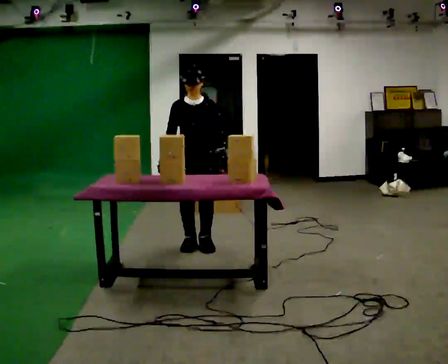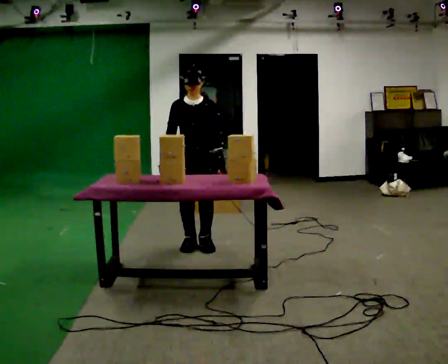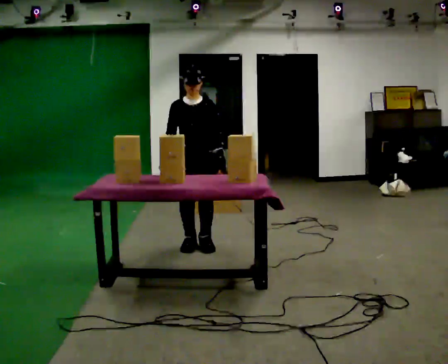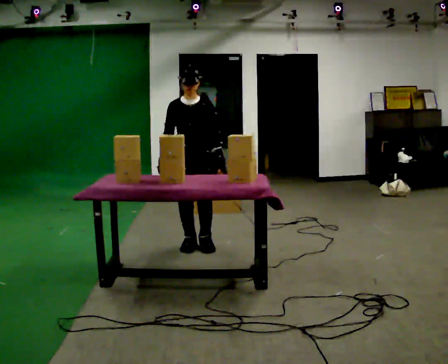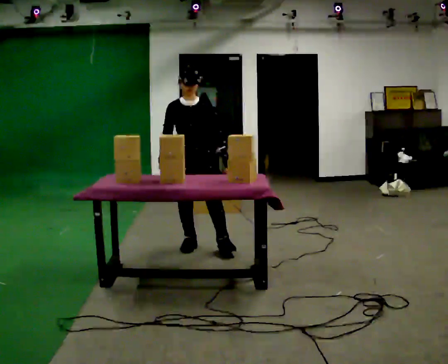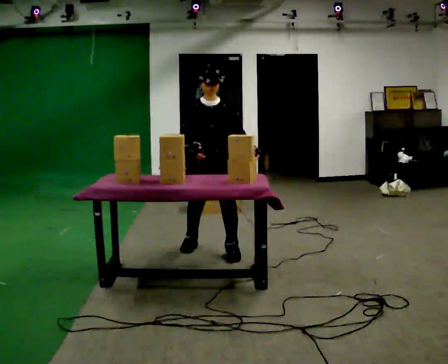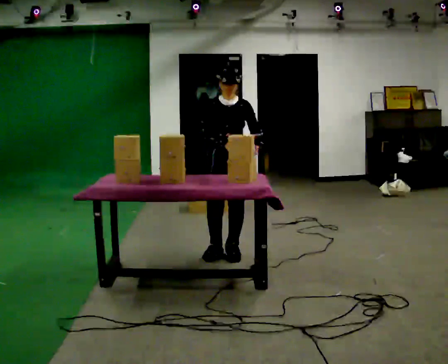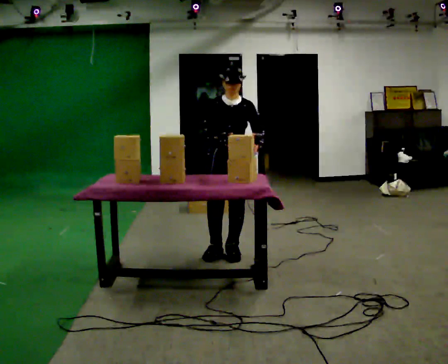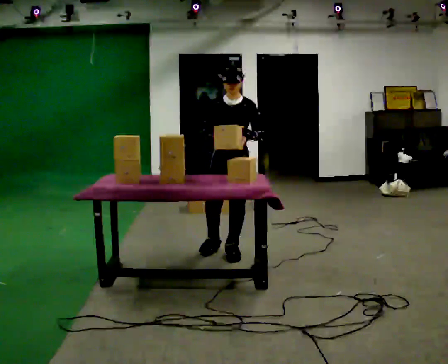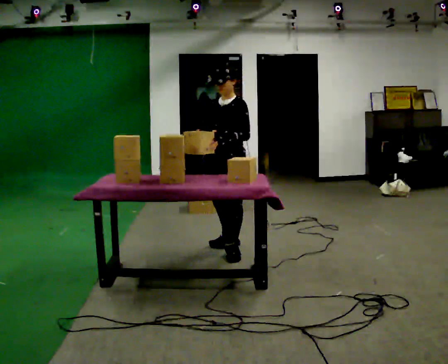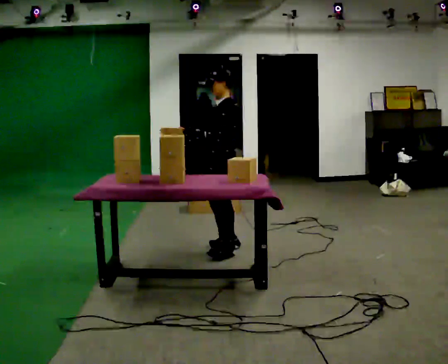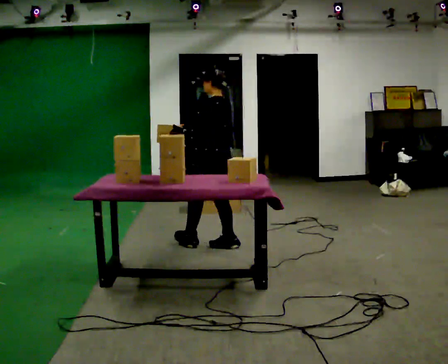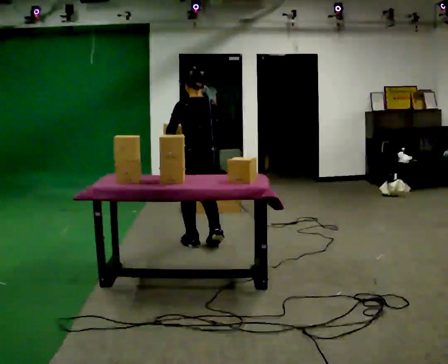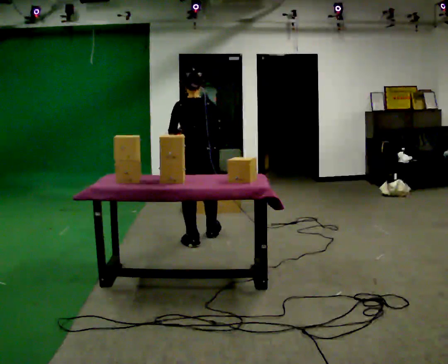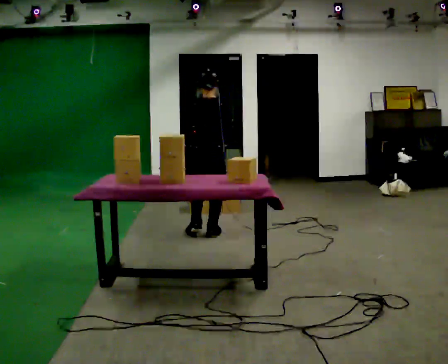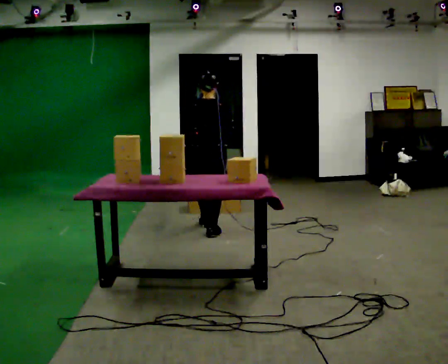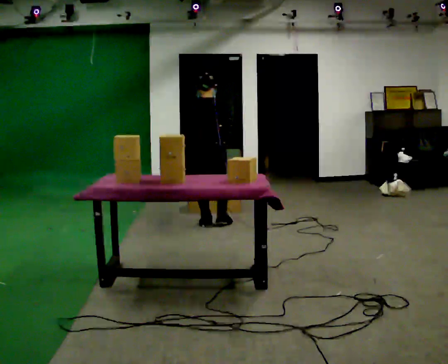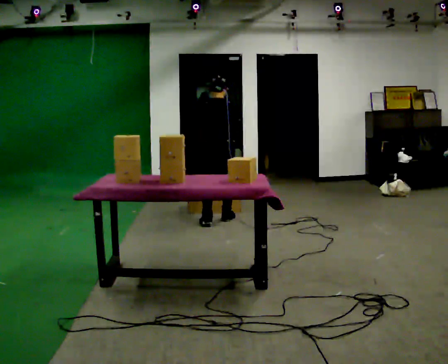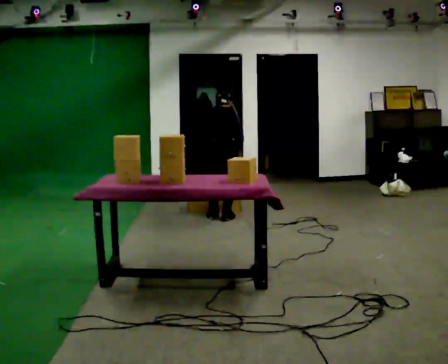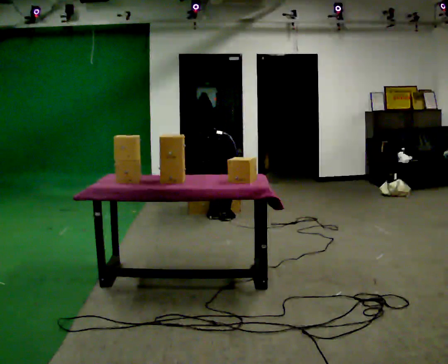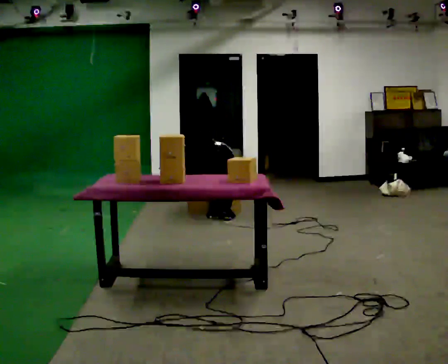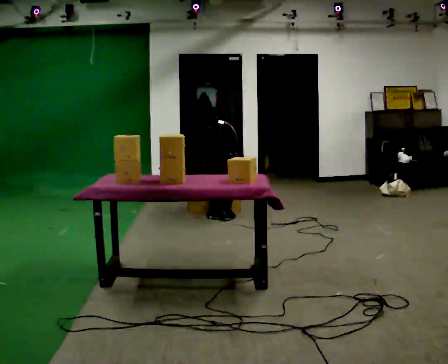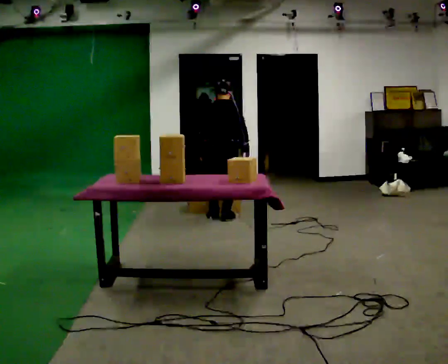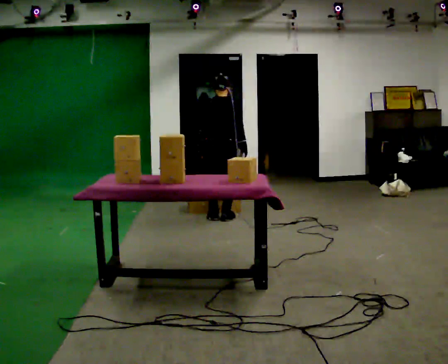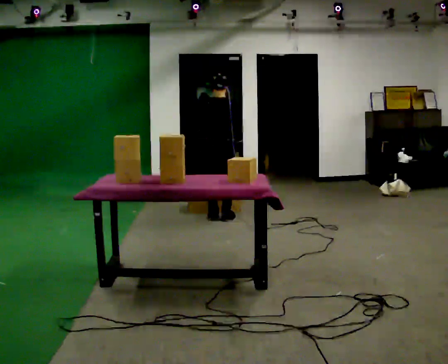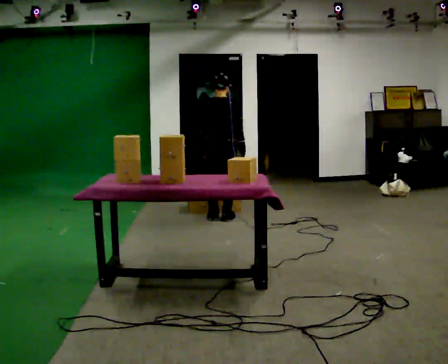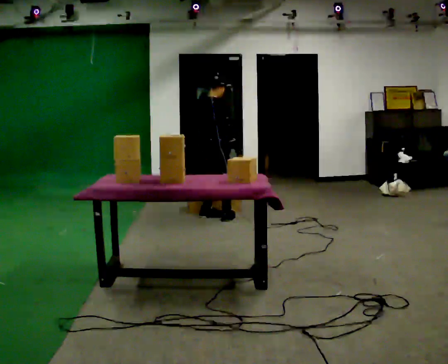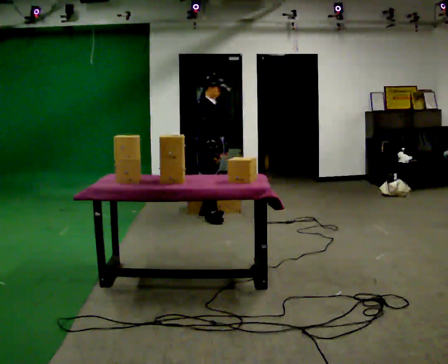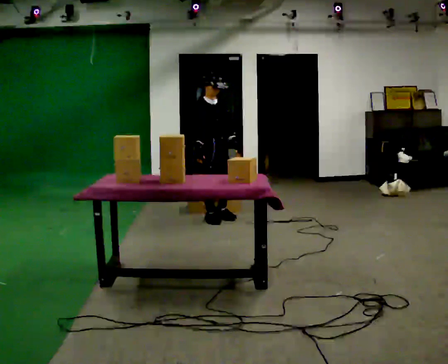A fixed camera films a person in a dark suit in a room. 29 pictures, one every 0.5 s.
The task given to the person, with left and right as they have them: Carry the object across the room, open the lid of the container, put the object inside, and close the lid again. Then go back for the next one. Keep going until the operator says stop; one object at a time, and do not rush between trips.
0.0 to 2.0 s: The person moves a little, or ends about where they began.
2.0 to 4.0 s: In the picture they go to the right and toward the camera, about 0.25 m in 2 steps, which for them is to their left.
4.0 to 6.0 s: Seen from above the body turns clockwise, about 150 degrees: to their right, with its near side sliding to the left. In the picture they go away from the camera and to the left, about 0.5 m in 2 steps.
6.0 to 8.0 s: The part of the body nearest the lens slides to the left as the person turns to their right by about 30 degrees. In the picture they go away from the camera, about 0.5 m in 2 steps, which for them is forward.
8.0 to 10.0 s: In the picture they go away from the camera, about 0.25 m in 2 steps, which for them is forward. The upper body goes downward. The upper body tips away from the camera, its near side rolling upward, as they bend forward. In the picture their left hand goes downward.
10.0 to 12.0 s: The shoulders move upward. The upper body tips toward the camera, its near side rolling downward, as they lean back or straighten. In the picture their left hand goes upward.
12.0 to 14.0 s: The person turns about 135 degrees to their right, clockwise seen from above, so the part of the body nearest the lens slides to the left. In the picture their left hand goes to the right, the arm swinging counterclockwise.
The film runs forward here.
